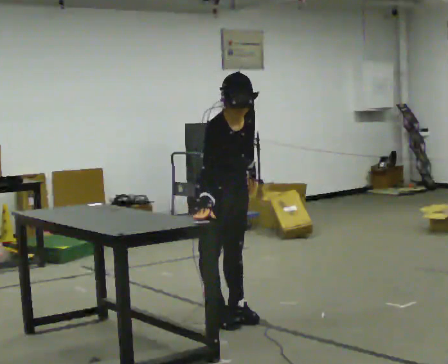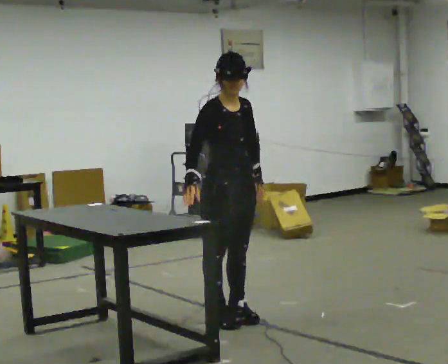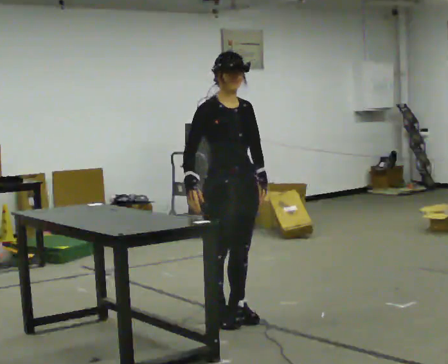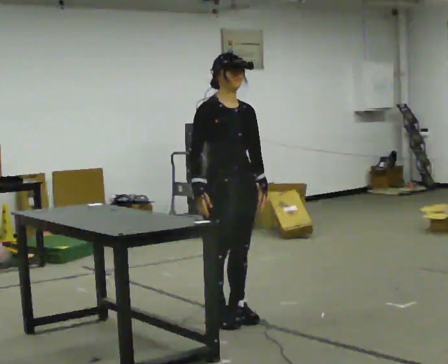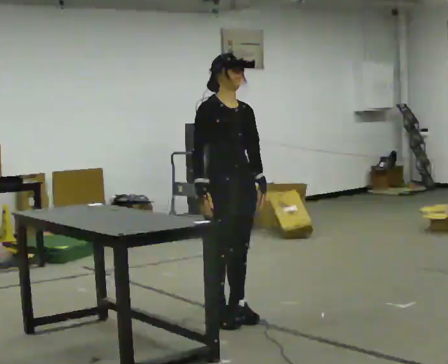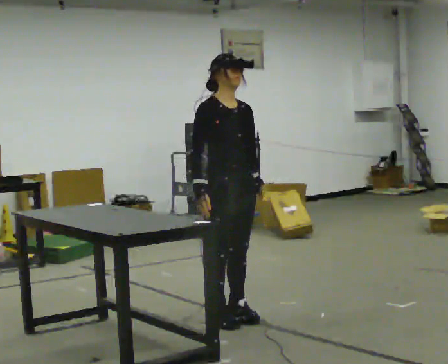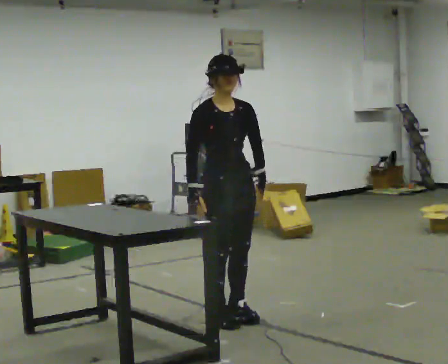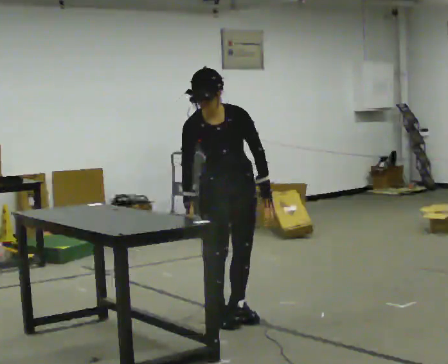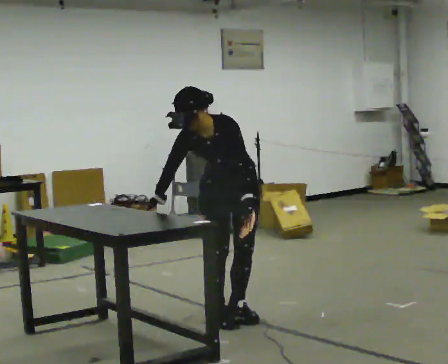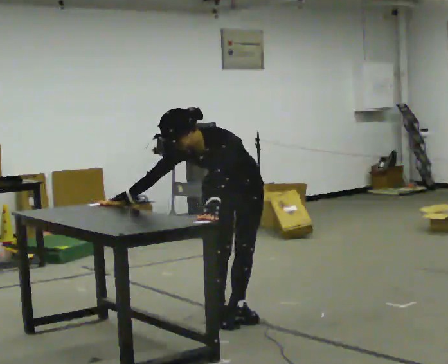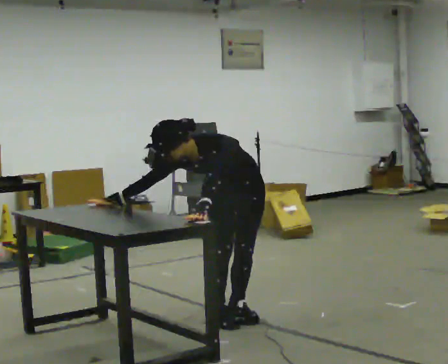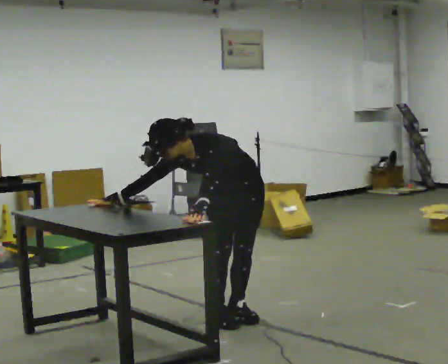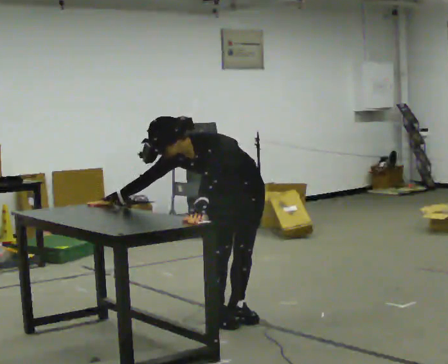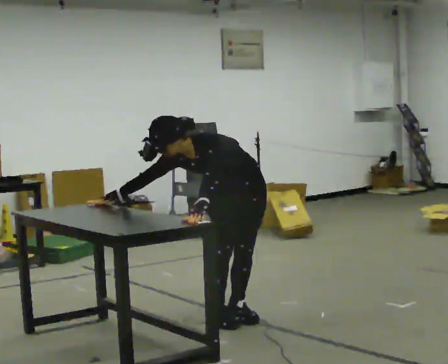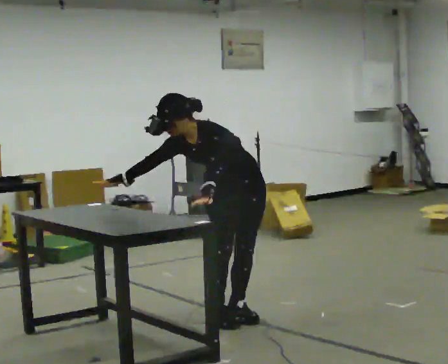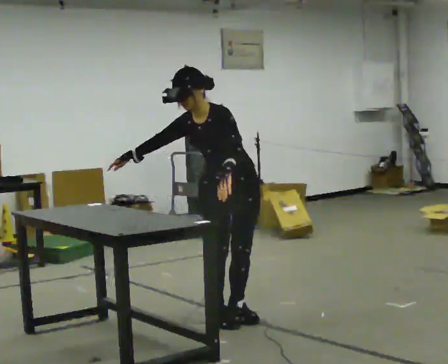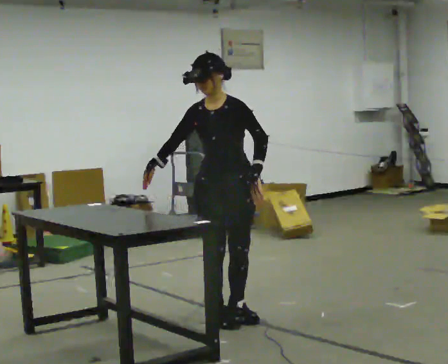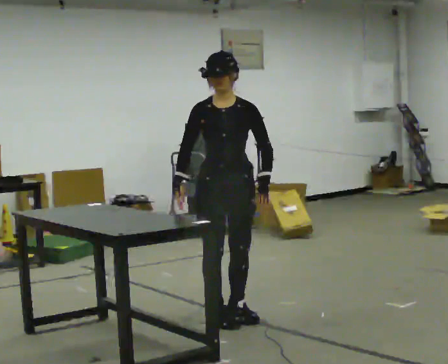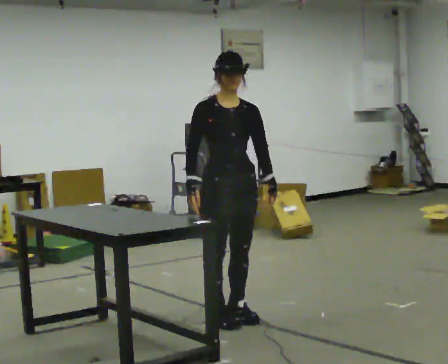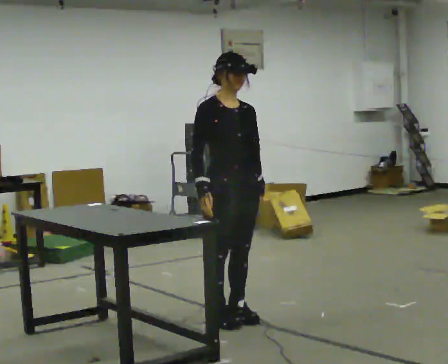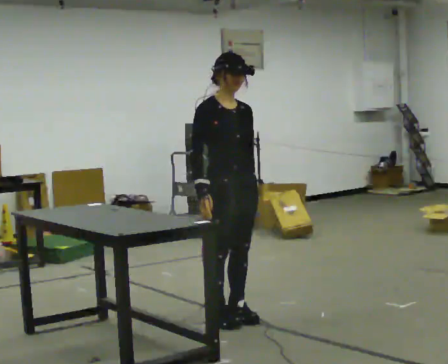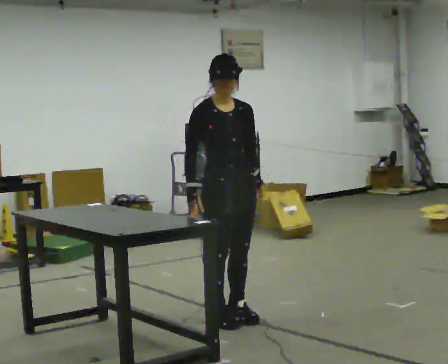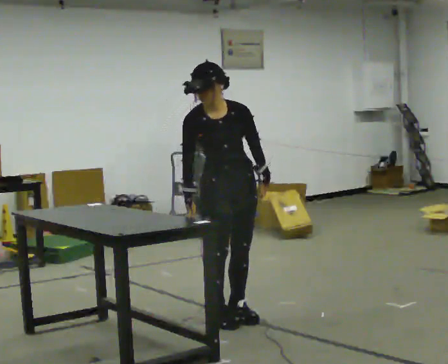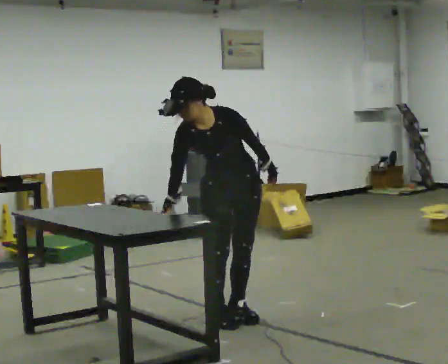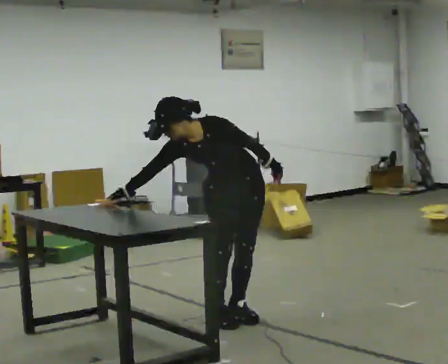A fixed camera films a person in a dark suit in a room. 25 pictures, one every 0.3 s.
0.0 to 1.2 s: The upper body tips away from the camera, its near side rolling upward, as they lean back or straighten.
1.2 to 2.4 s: The part of the body nearest the lens slides to the left as the person turns to their right by about 45 degrees. The upper body tips toward the camera, its near side rolling downward, as they bend forward.
2.4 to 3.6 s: In the picture the upper body tilts counterclockwise, shoulders to the left, as they bend forward.
3.6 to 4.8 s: The shoulders move upward. The upper body tips away from the camera, its near side rolling upward, as they lean back or straighten.
4.8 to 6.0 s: The person turns about 45 degrees to their left, counterclockwise seen from above, so the part of the body nearest the lens slides to the right. In the picture their right hand goes to the right.
6.0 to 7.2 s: Seen from above the body turns clockwise, about 60 degrees: to their right, with its near side sliding to the left. The upper body tips toward the camera, its near side rolling downward, as they bend forward. In the picture their right hand goes to the left.
The film runs backward here.
